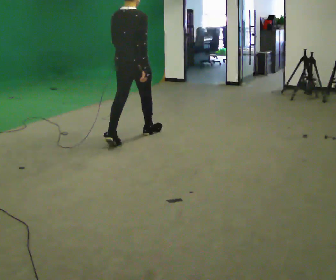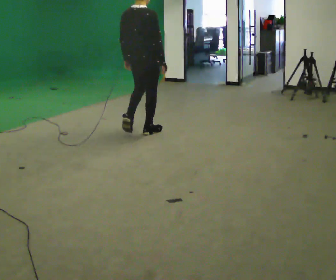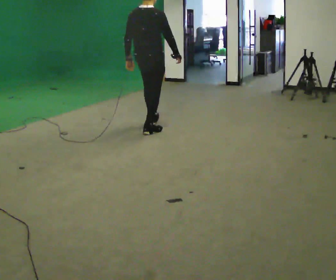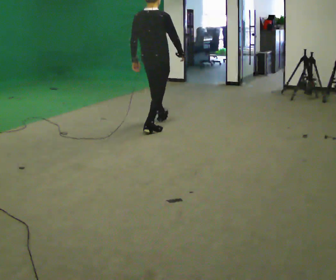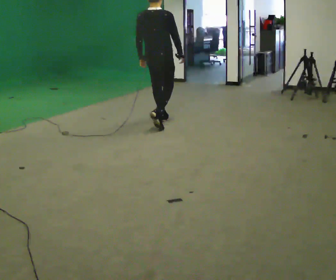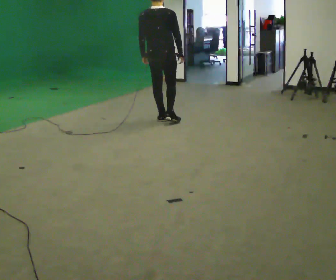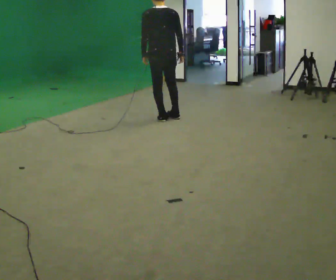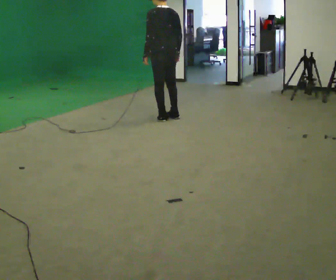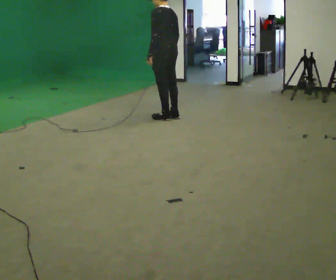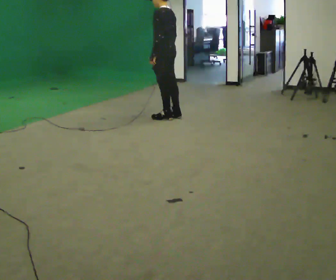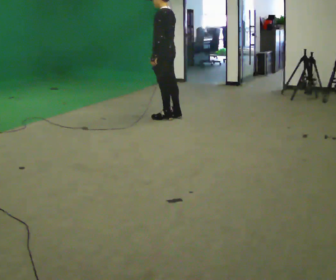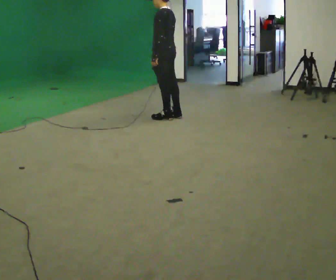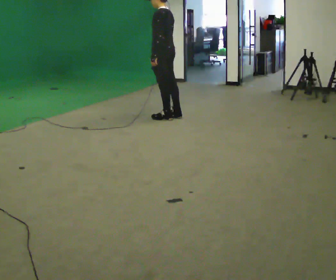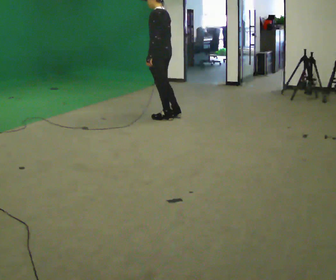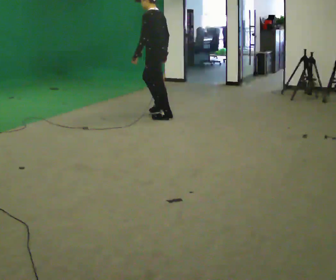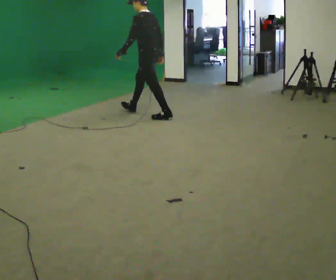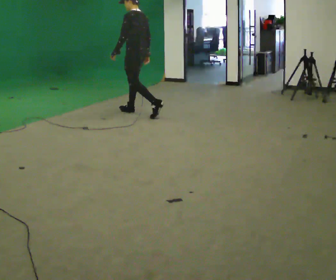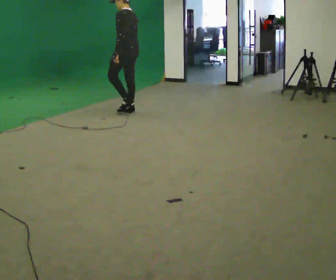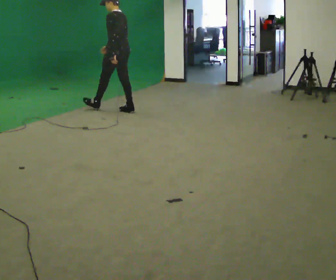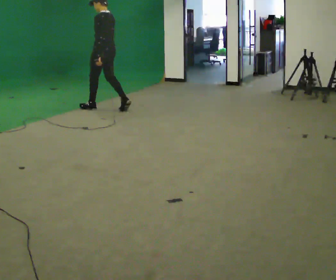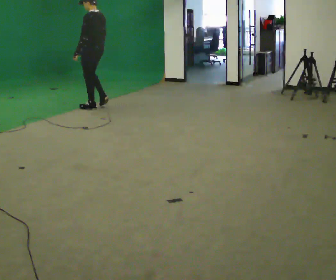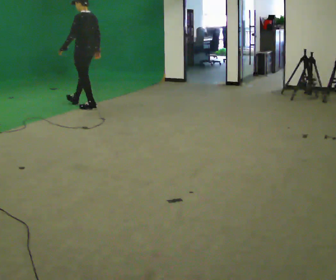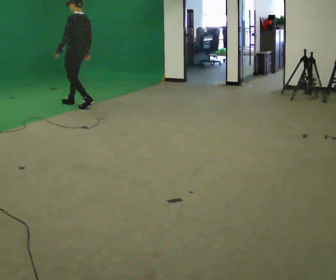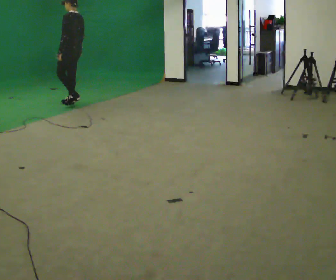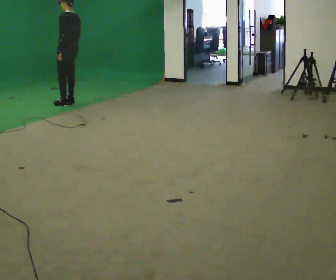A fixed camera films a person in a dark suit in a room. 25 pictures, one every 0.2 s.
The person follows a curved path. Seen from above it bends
counterclockwise.
0.0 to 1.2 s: The person turns about 45 degrees to their left, counterclockwise seen from above, so the part of the body nearest the lens slides to the right. In the picture they go away from the camera, about 1 m in 1 step, which for them is forward.
1.2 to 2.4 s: The part of the body nearest the lens slides to the right as the person turns to their left by about 45 degrees. In the picture they go away from the camera, about 0.25 m in 1 step, which for them is to their right.
2.4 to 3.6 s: In the picture they go to the left and away from the camera, about 1 m in 1 step, which for them is forward.
3.6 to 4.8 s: In the picture they go to the left and away from the camera, about 1 m in 3 steps, which for them is forward.
The film runs forward here.
